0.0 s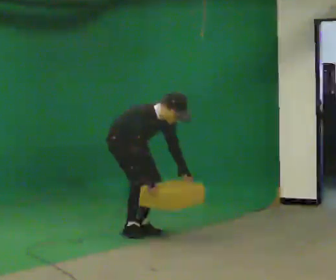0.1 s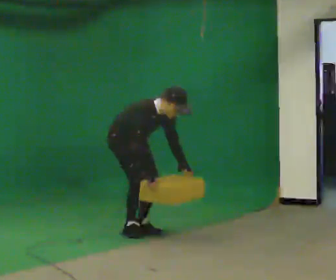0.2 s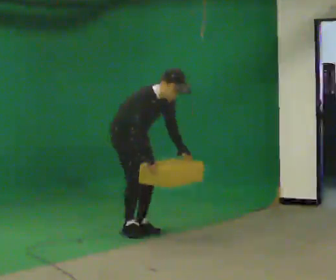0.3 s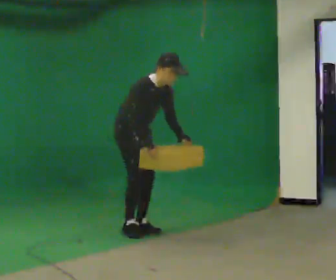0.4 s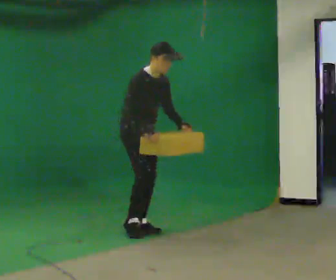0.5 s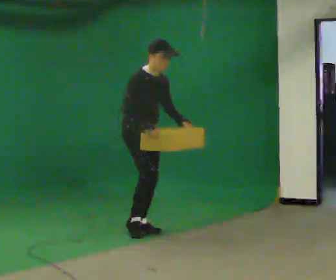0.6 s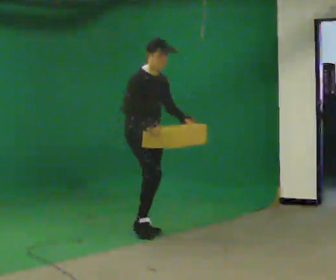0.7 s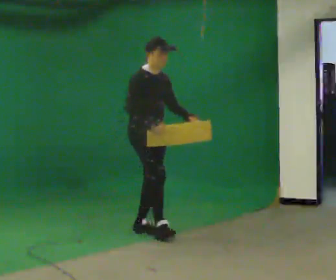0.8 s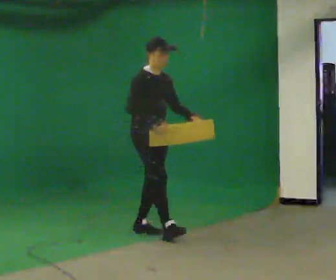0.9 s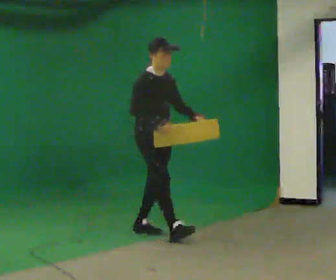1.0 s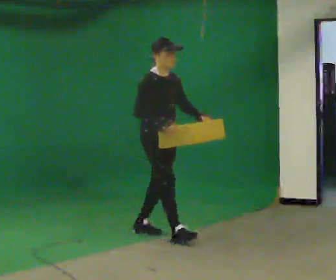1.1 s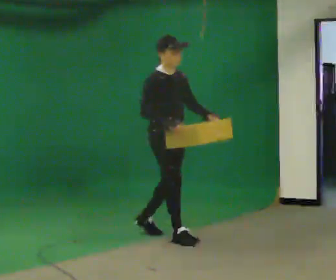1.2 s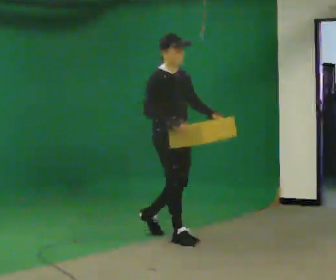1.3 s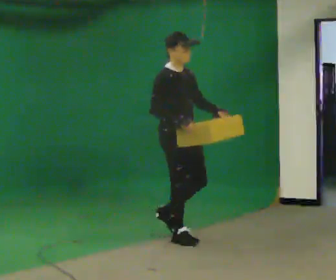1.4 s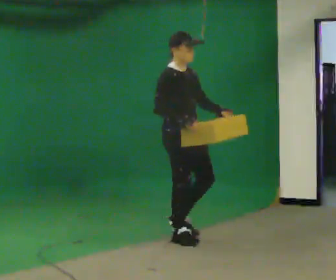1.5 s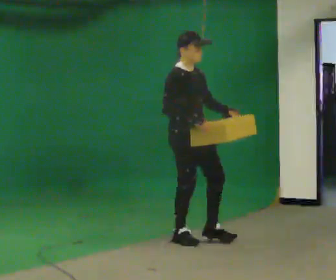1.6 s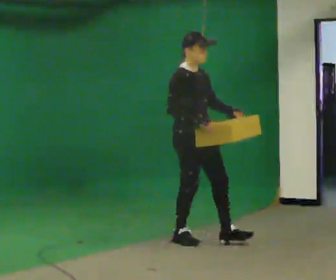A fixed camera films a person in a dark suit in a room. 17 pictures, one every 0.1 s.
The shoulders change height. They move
upward.
Their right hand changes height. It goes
upward.
0.0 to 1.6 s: In the picture they go to the right and toward the camera, about 1 m in 1 step, which for them is forward. The shoulders move upward. In the picture the upper body tilts counterclockwise, shoulders to the left, as they lean back or straighten. In the picture their right hand goes upward.
The film runs forward here.
